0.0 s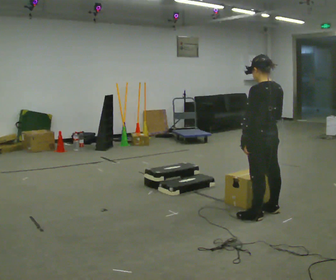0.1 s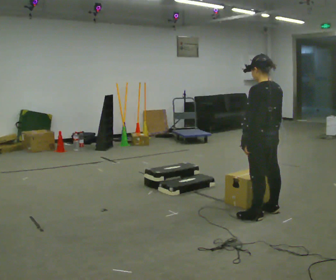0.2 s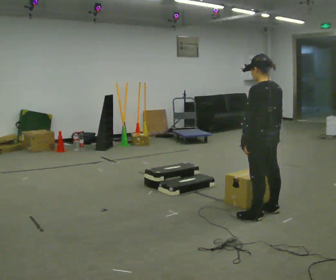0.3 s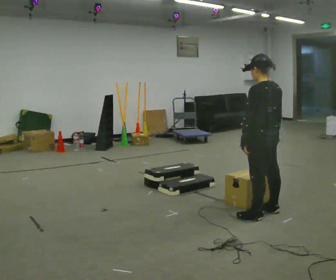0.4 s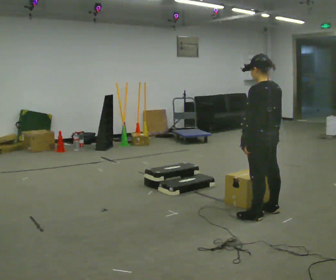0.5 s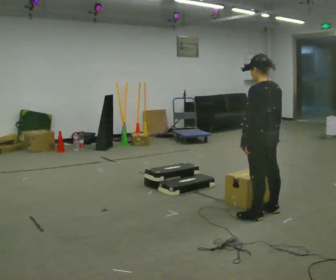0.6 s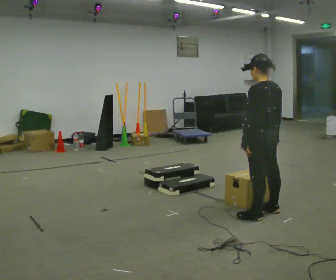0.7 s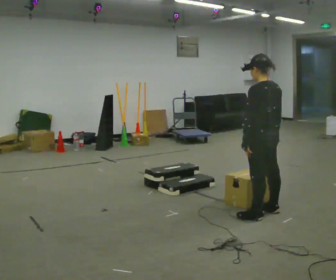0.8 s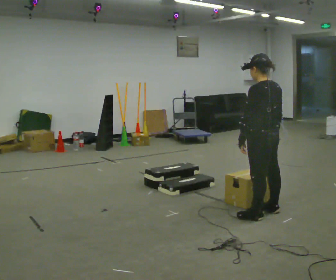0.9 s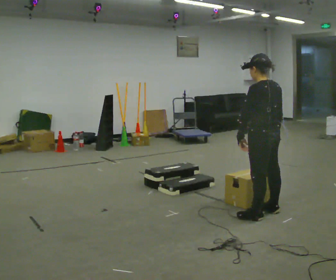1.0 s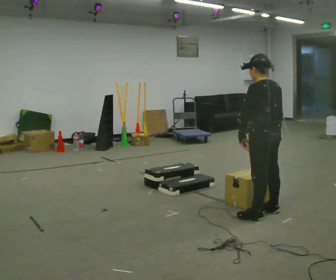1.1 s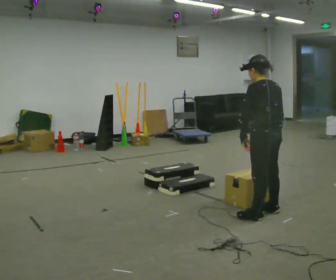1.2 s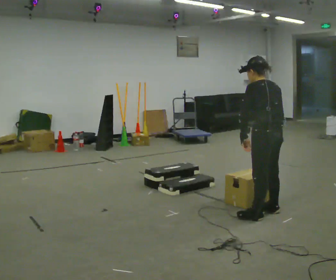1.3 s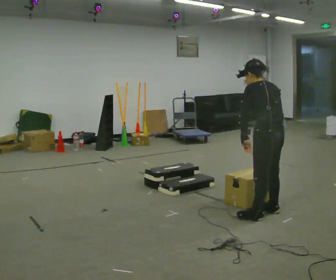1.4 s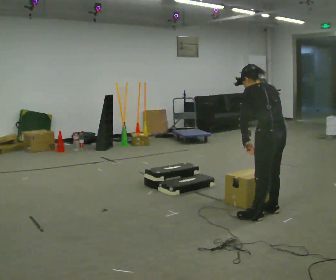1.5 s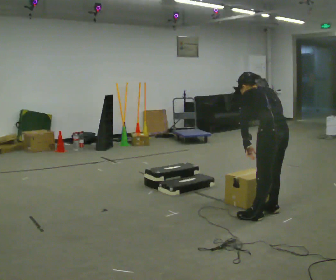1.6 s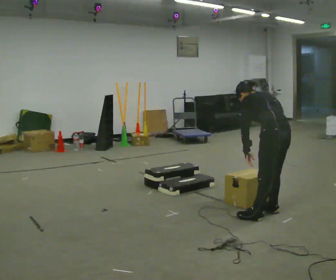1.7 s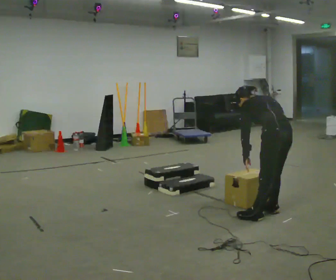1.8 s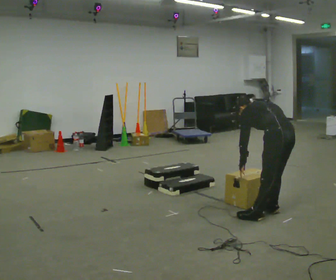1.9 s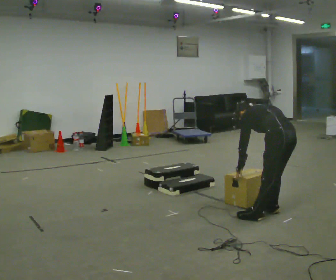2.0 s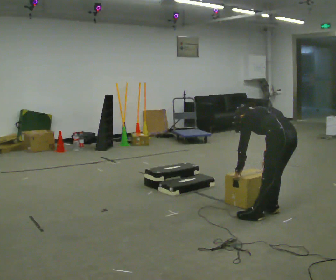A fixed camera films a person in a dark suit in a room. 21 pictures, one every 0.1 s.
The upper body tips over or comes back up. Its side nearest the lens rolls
upward.
0.0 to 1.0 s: The person moves a little, or ends about where they began.
1.0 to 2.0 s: In the picture they go to the right, about 0.25 m, which for them is backward. The shoulders move downward. The upper body tips away from the camera, its near side rolling upward, as they bend forward.
The film runs backward here.
